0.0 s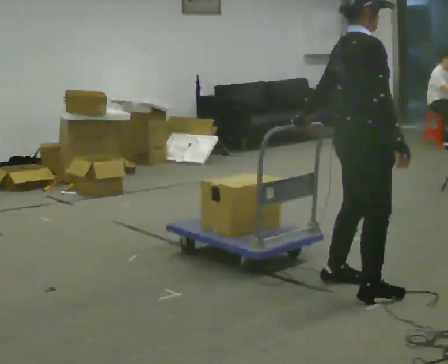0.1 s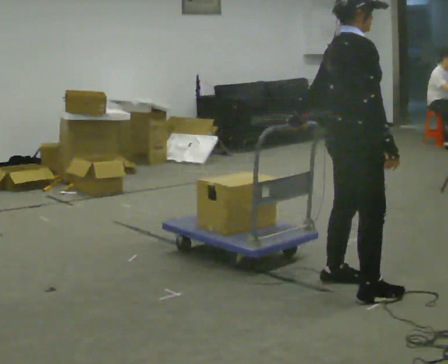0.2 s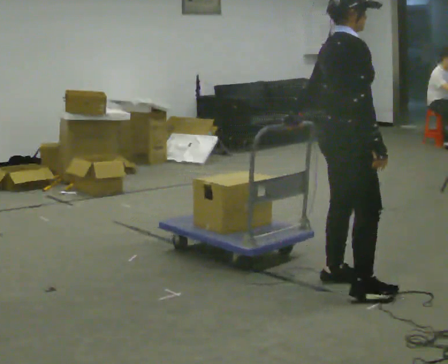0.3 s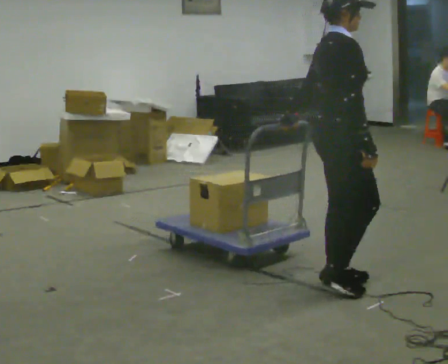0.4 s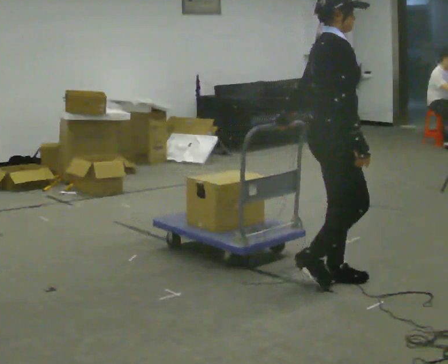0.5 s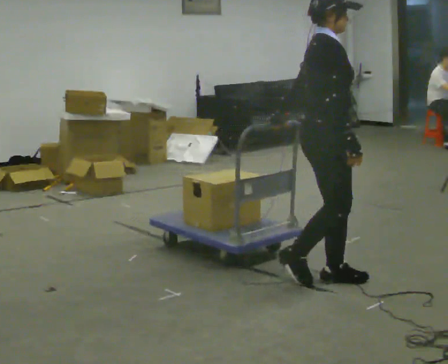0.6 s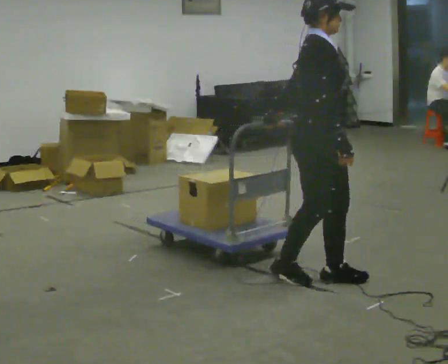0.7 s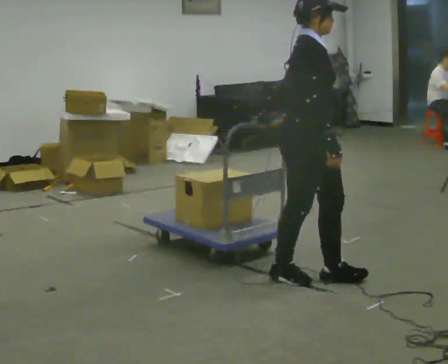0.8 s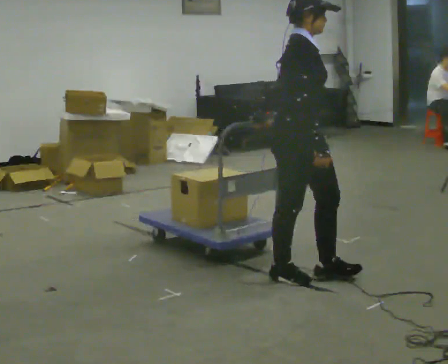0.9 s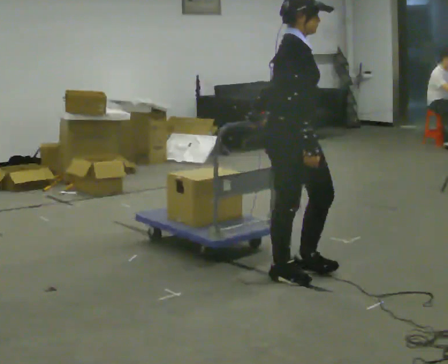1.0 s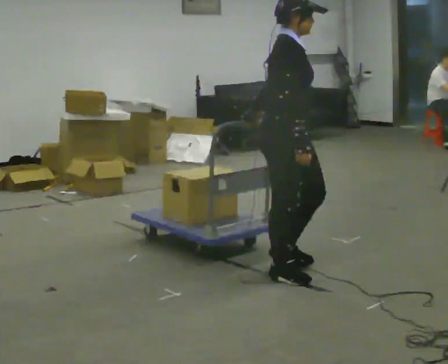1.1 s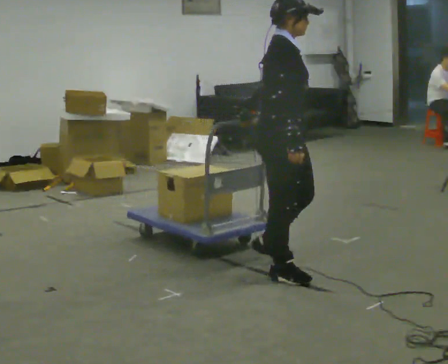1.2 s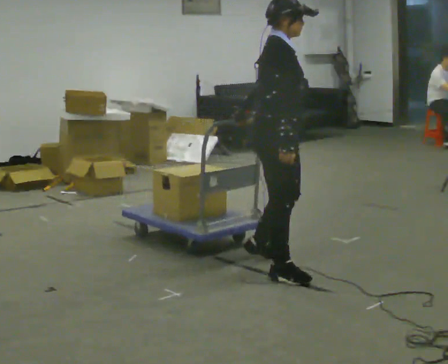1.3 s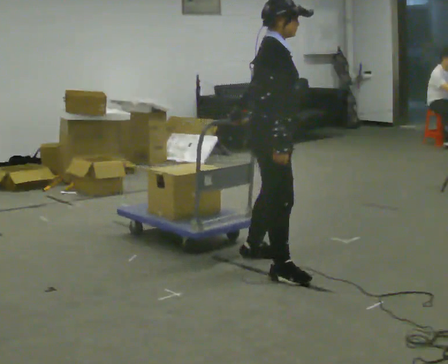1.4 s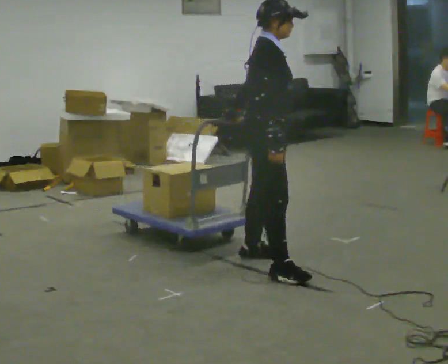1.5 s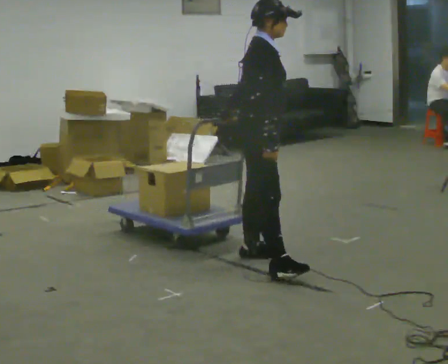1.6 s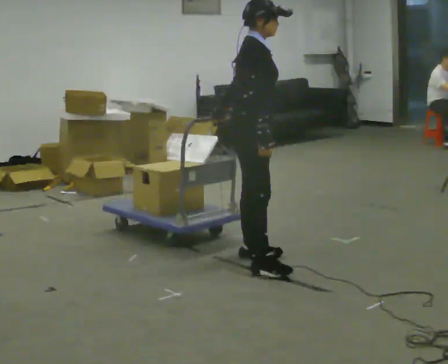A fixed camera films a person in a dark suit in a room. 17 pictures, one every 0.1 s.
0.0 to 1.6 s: In the picture they go to the left and away from the camera, about 1 m in 3 steps, which for them is backward and to their left.
The film runs backward here.
